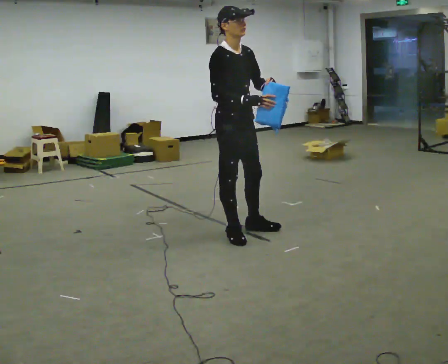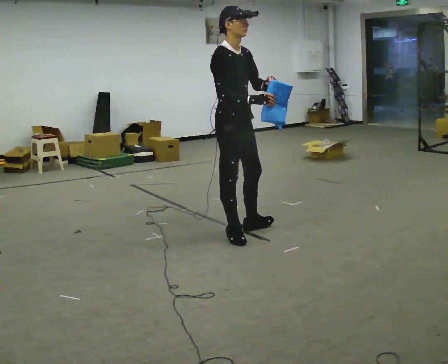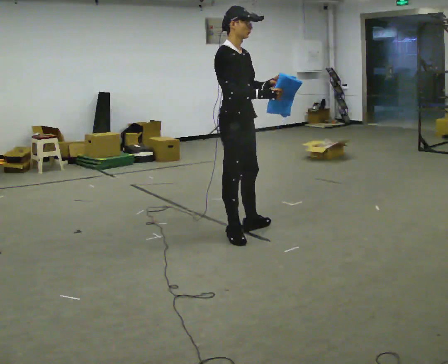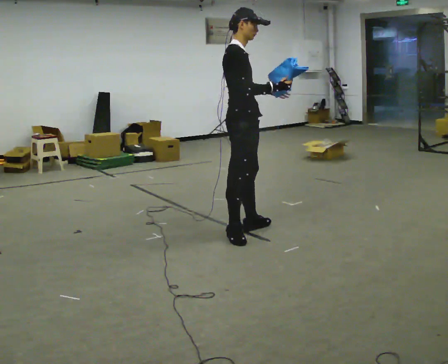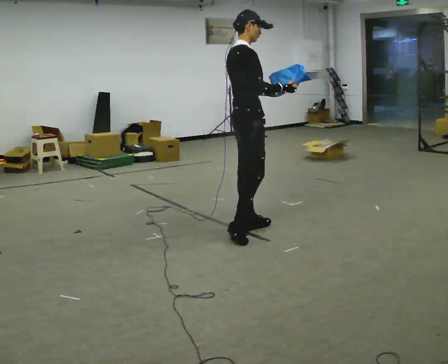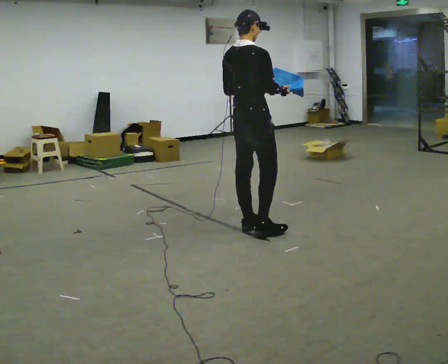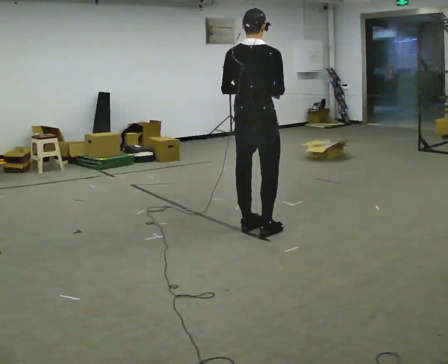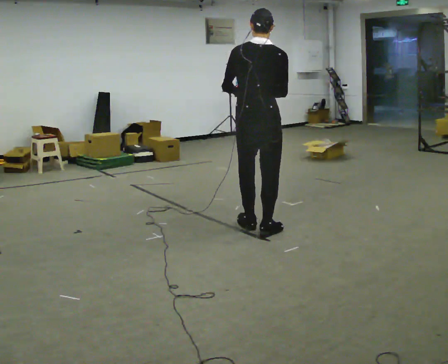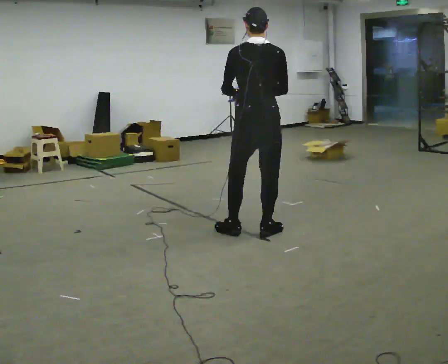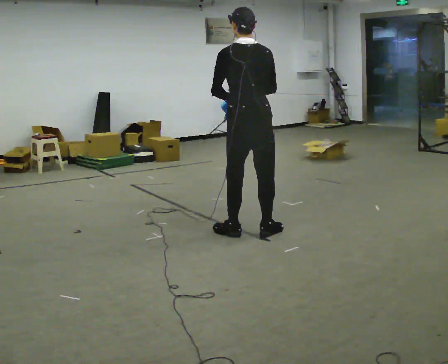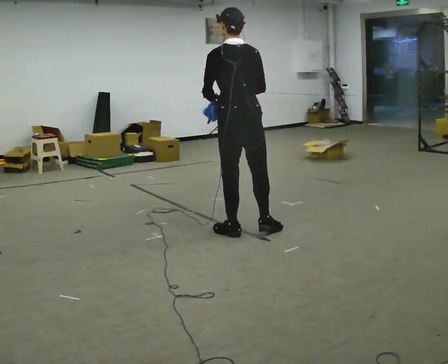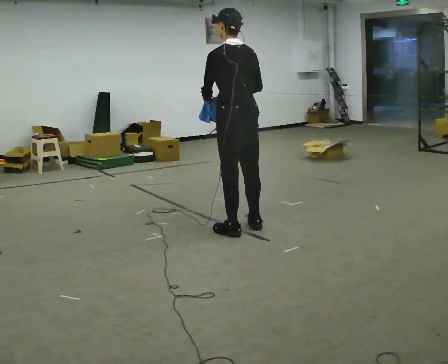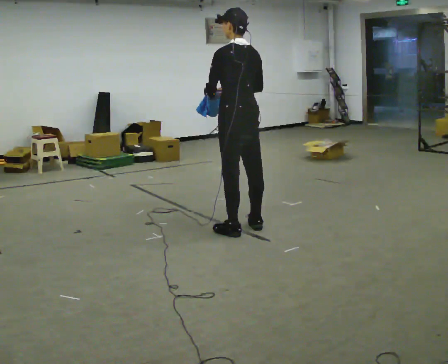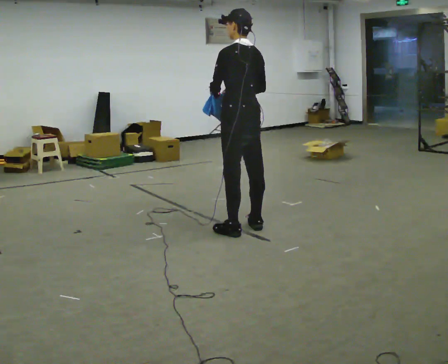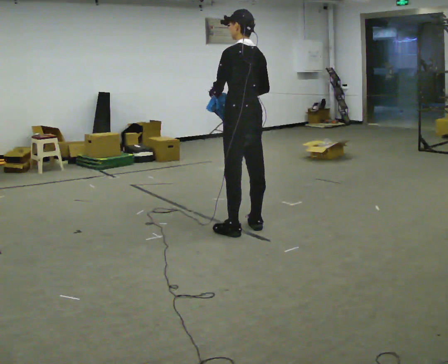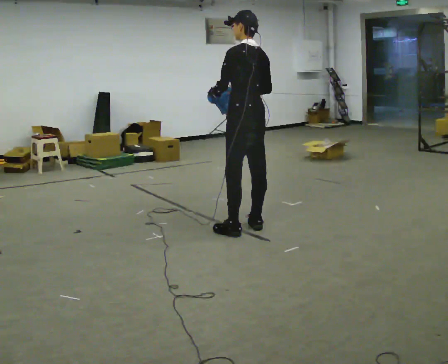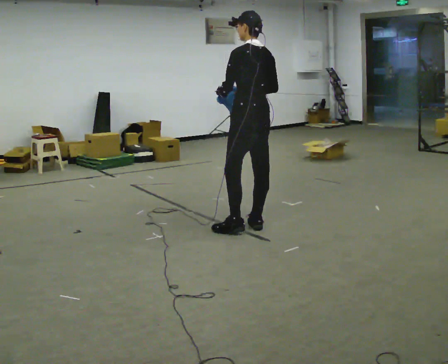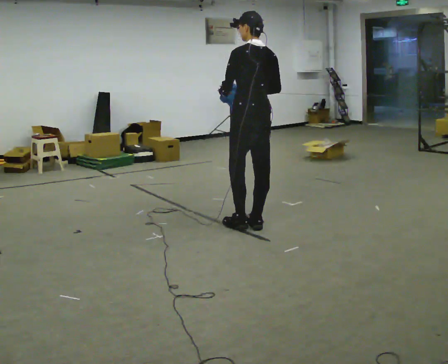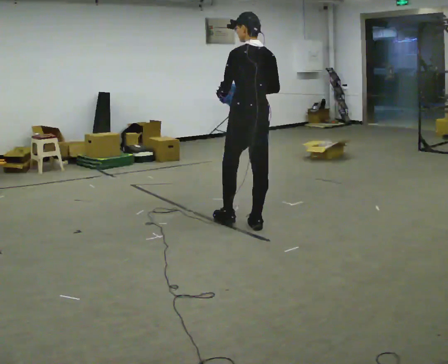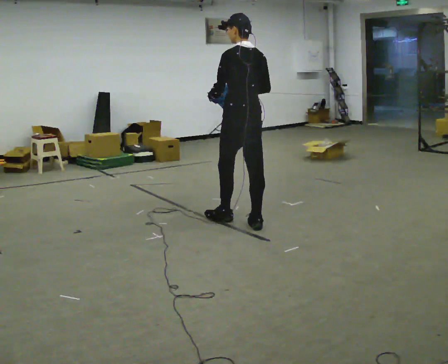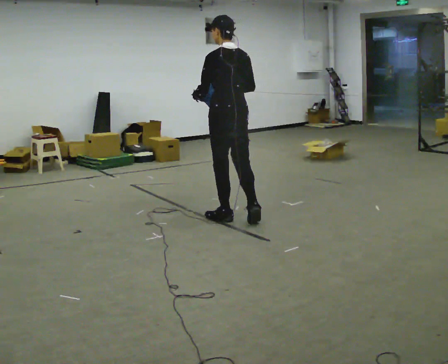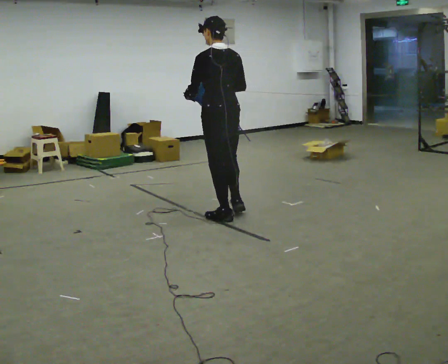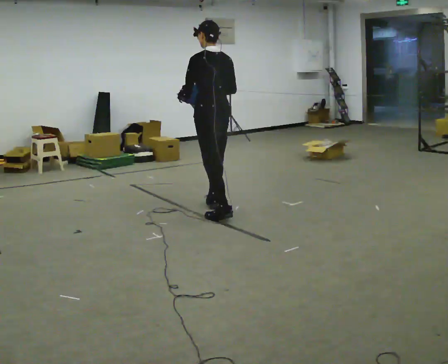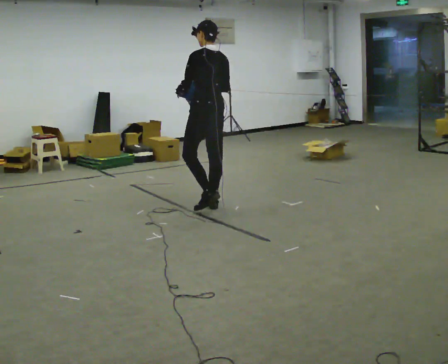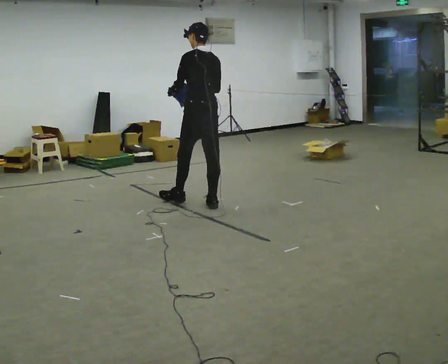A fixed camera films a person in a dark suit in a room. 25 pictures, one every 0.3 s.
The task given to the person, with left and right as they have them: Carry the cloth and, while walking, fold it in half, then unfold it. Keep repeating as you walk. Do not stop.
0.0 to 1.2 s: The person turns about 45 degrees to their left, counterclockwise seen from above, so the part of the body nearest the lens slides to the right.
1.2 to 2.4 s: The part of the body nearest the lens slides to the right as the person turns to their left by about 75 degrees. In the picture they go to the right, about 0.25 m in 2 steps.
2.4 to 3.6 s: The person turns about 30 degrees to their left, counterclockwise seen from above, so the part of the body nearest the lens slides to the right.
3.6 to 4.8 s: The person moves a little, or ends about where they began.
4.8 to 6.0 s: In the picture they go to the left, about 0.25 m in 1 step, which for them is forward.
6.0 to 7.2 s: In the picture they go to the left and away from the camera, about 0.5 m in 1 step, which for them is forward.
The film runs forward here.
